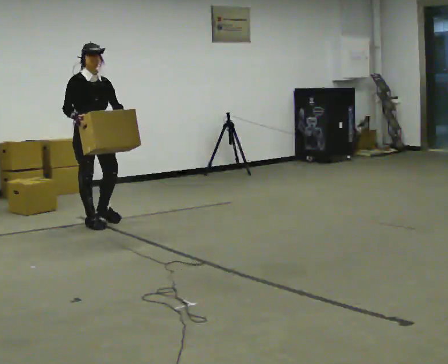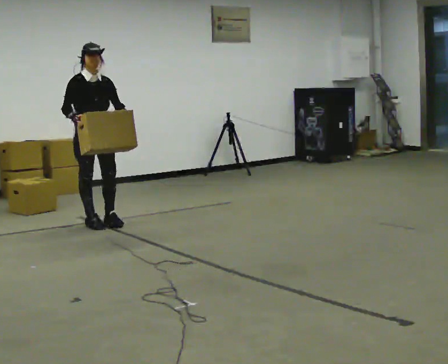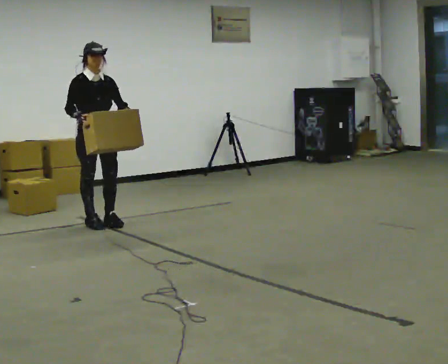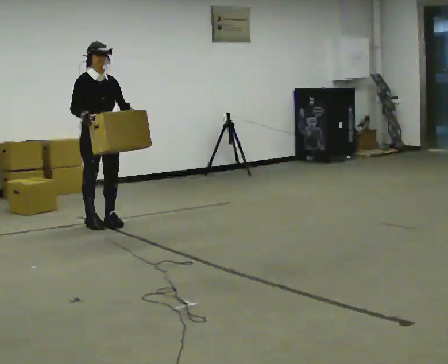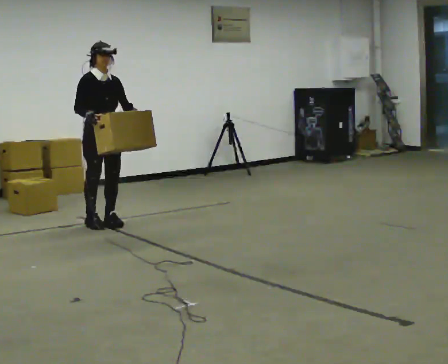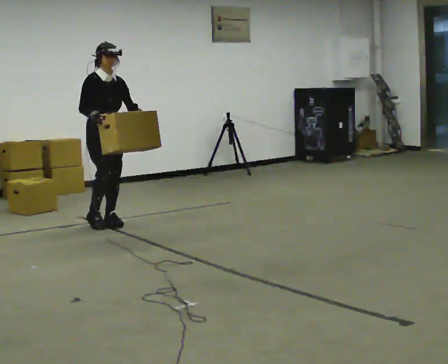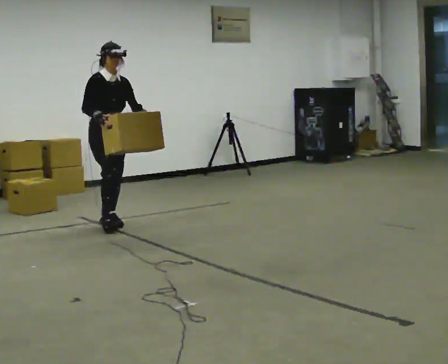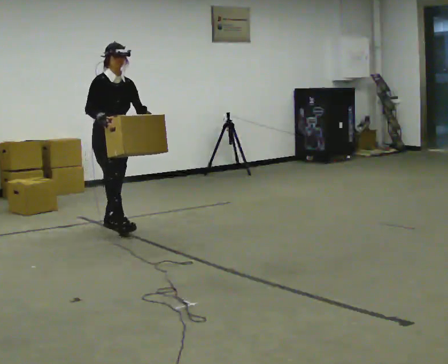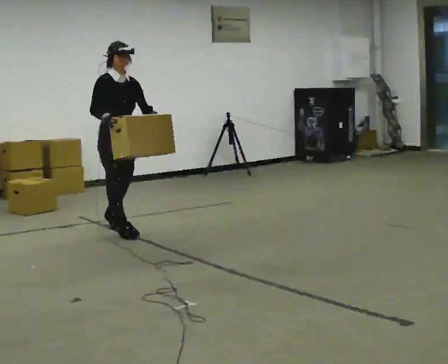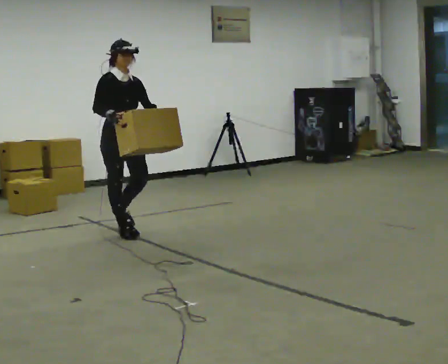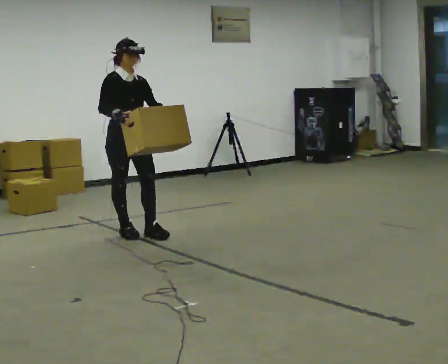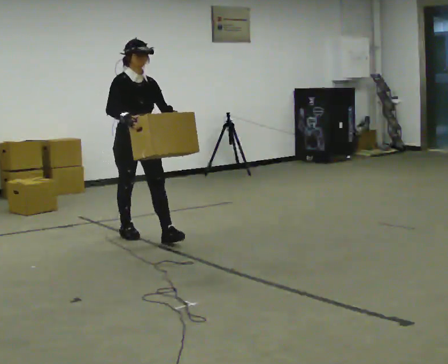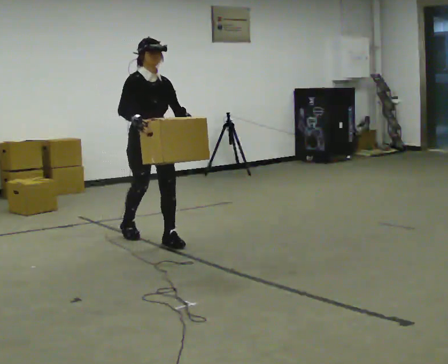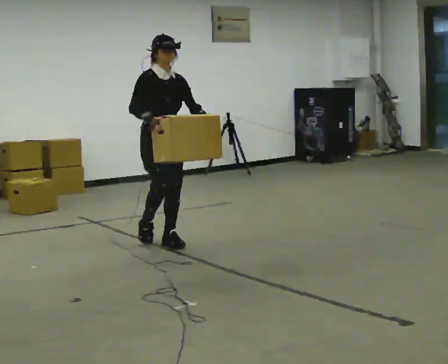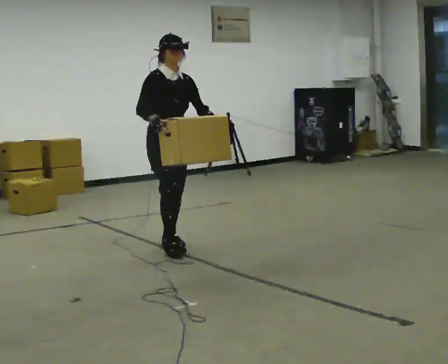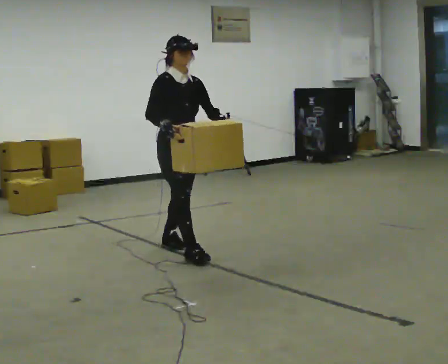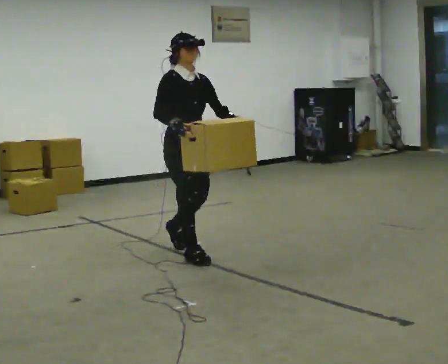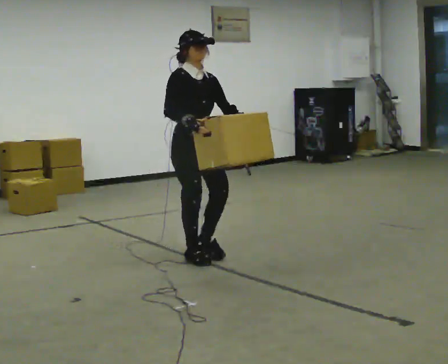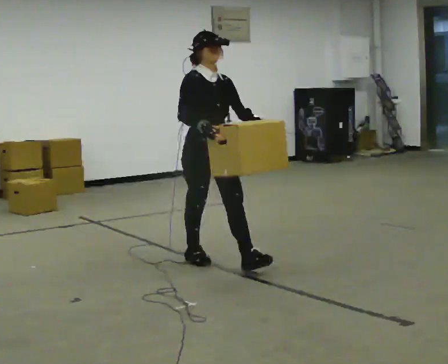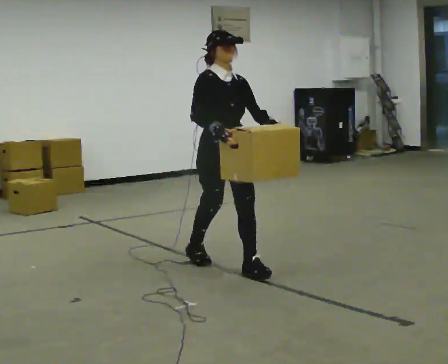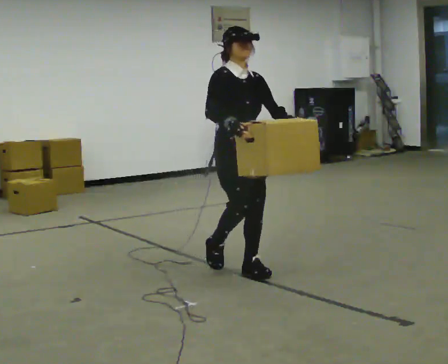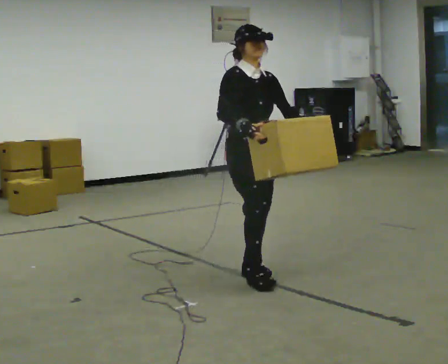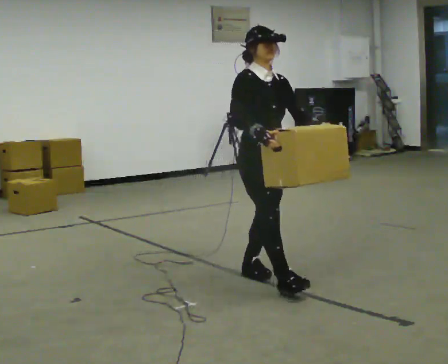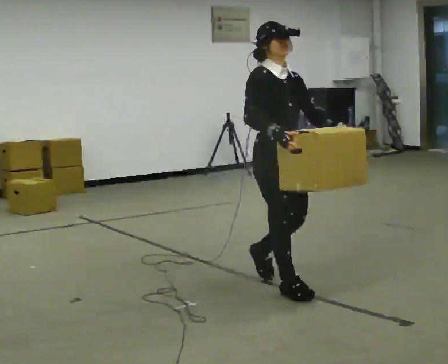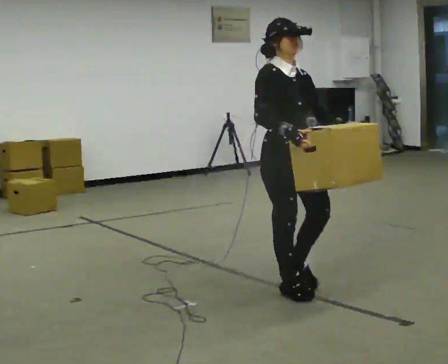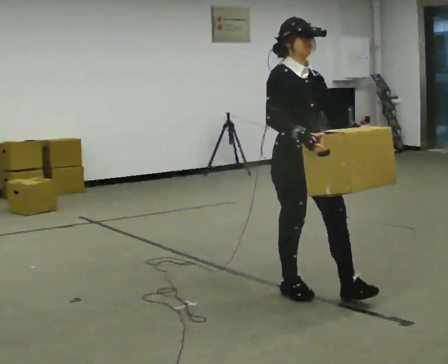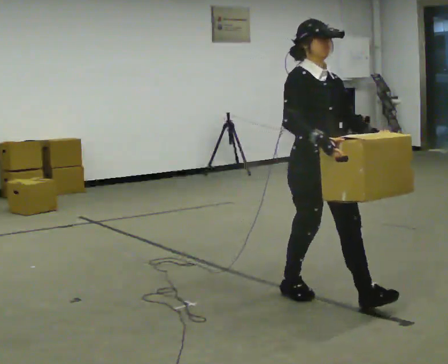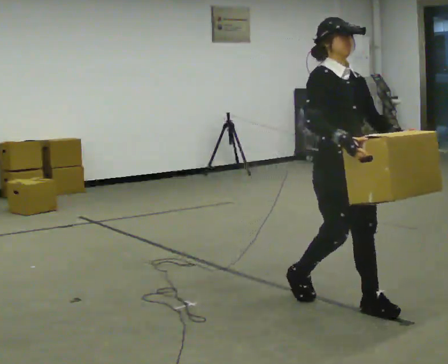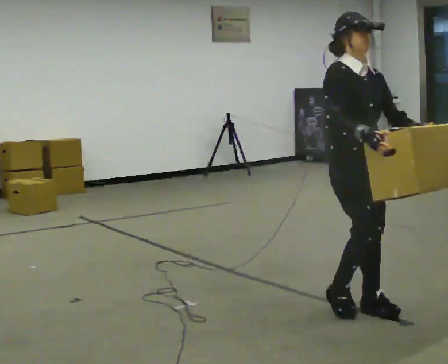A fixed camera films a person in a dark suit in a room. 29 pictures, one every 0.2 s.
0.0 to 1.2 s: In the picture they go to the right, about 0.25 m, which for them is forward.
1.2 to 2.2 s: In the picture they go toward the camera and to the right, about 0.5 m in 2 steps, which for them is forward.
2.2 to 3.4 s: In the picture they go toward the camera and to the right, about 1 m in 1 step, which for them is forward.
3.4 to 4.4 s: In the picture they go toward the camera and to the right, about 0.5 m in 2 steps, which for them is forward.
4.4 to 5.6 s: In the picture they go toward the camera and to the right, about 1 m in 1 step, which for them is forward.
The film runs forward here.
